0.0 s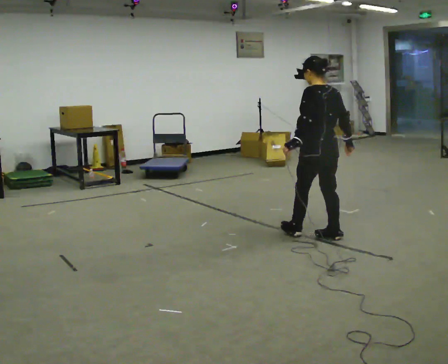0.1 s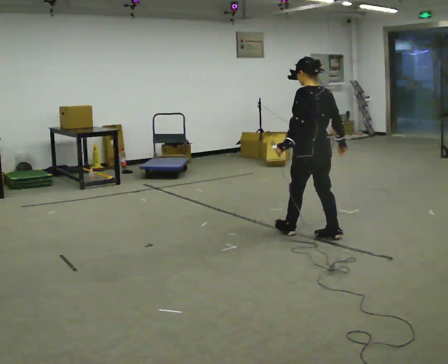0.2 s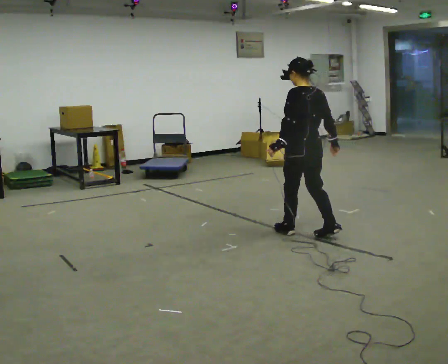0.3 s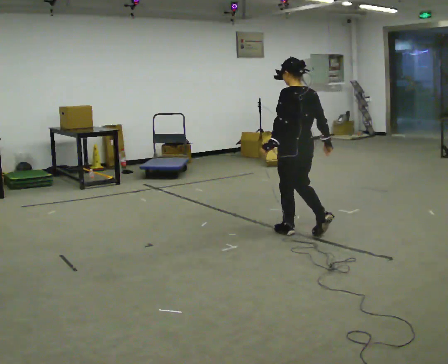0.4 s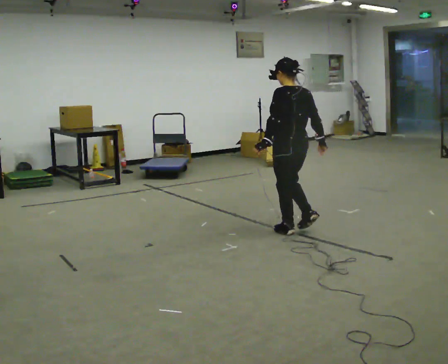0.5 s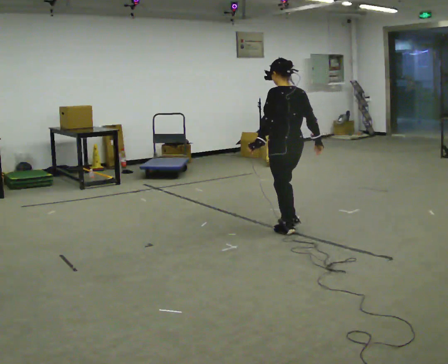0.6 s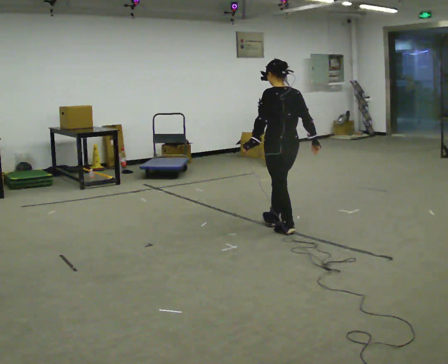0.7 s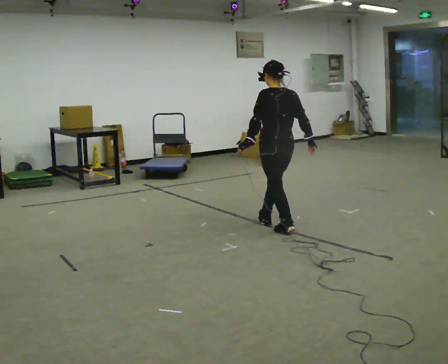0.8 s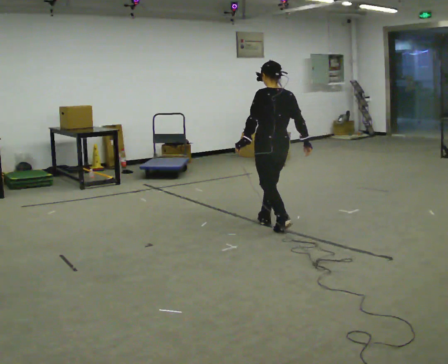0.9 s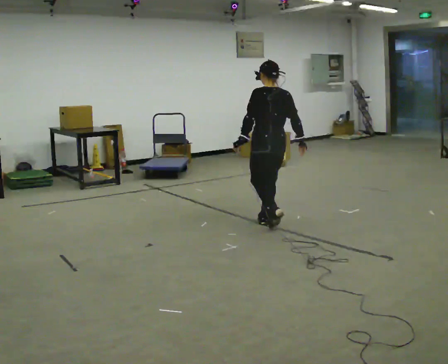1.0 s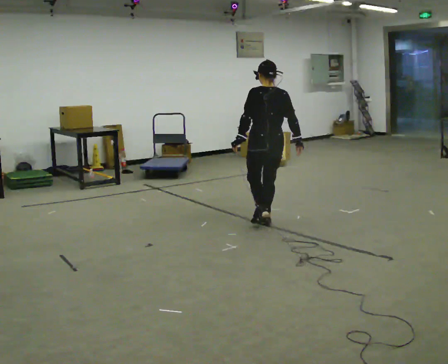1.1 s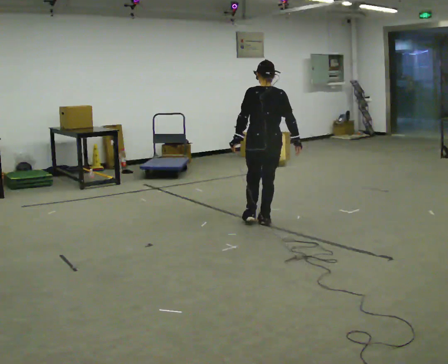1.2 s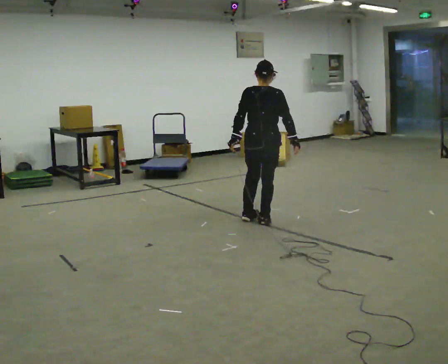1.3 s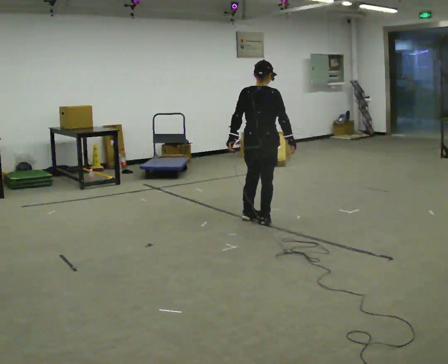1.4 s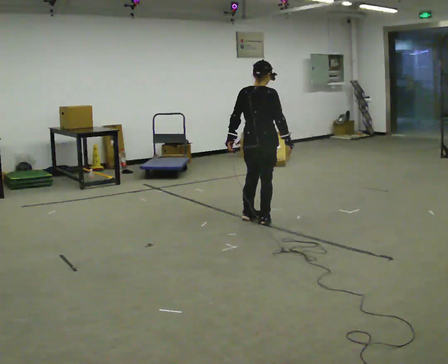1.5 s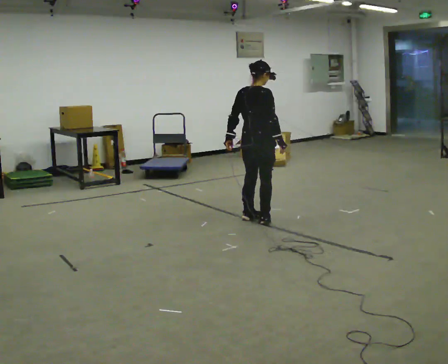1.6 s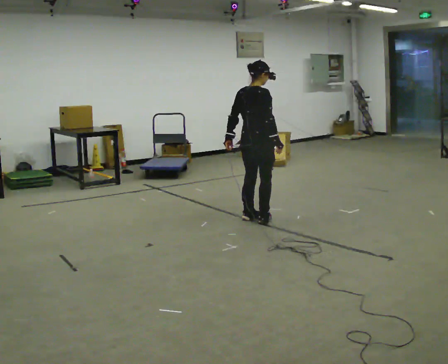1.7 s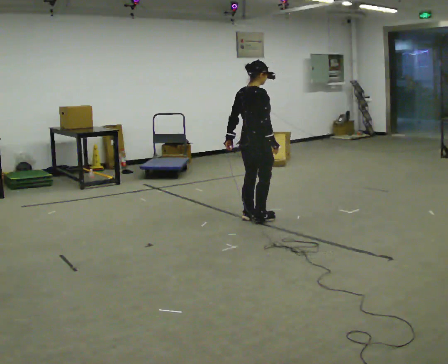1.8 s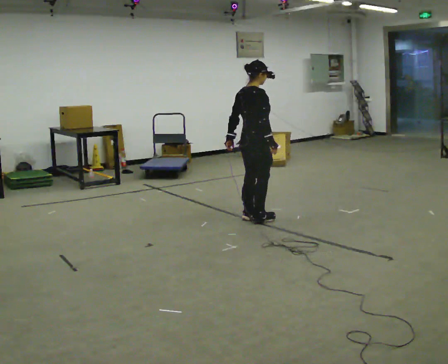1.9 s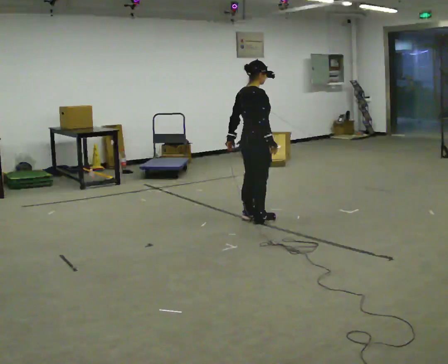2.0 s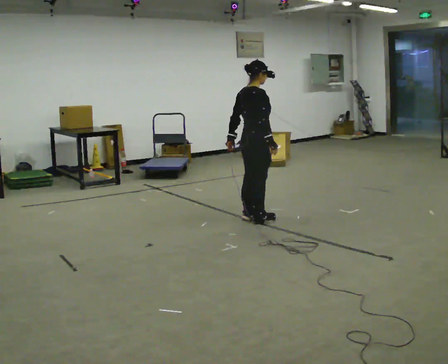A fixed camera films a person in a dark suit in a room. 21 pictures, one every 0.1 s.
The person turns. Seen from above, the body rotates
clockwise.
The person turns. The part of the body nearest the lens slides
to the left.
0.0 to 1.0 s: In the picture they go away from the camera and to the left, about 0.75 m in 2 steps, which for them is forward.
1.0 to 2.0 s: The part of the body nearest the lens slides to the left as the person turns to their right by about 75 degrees.
The film runs forward here.
